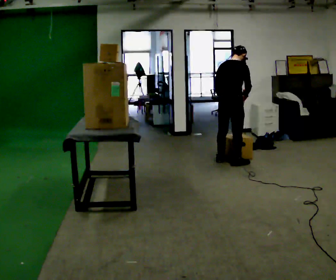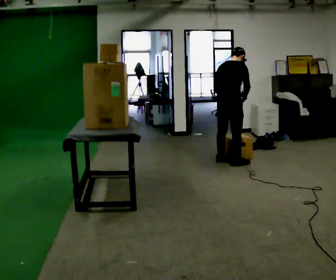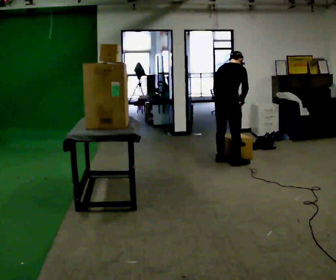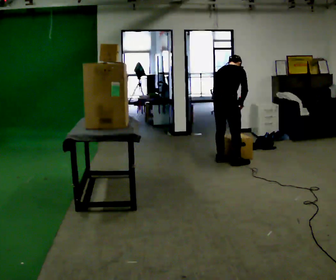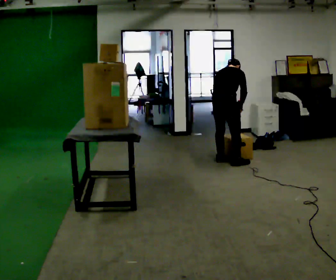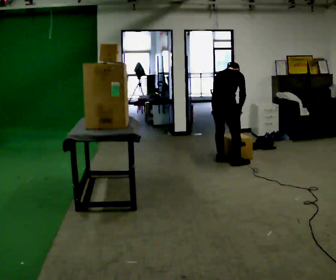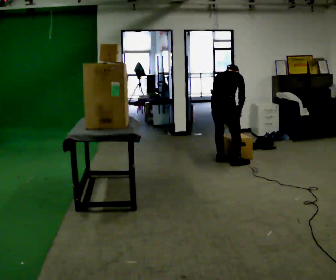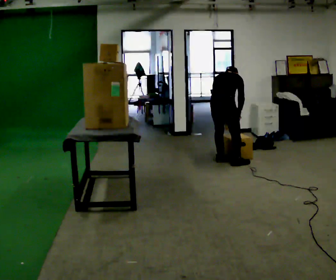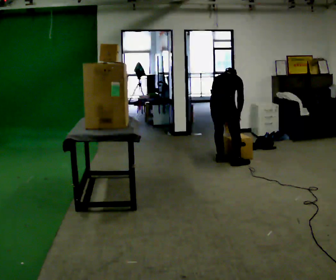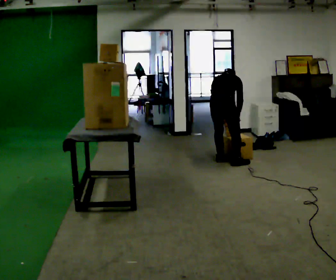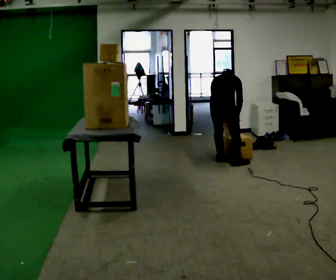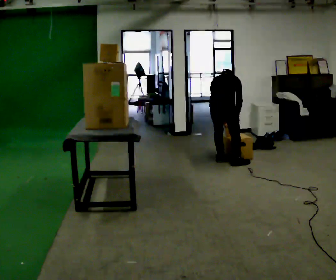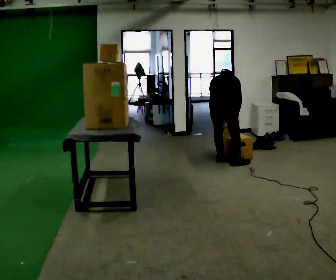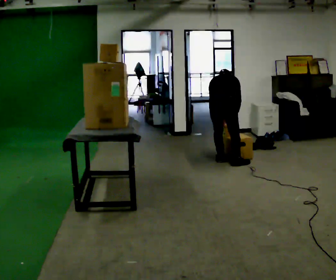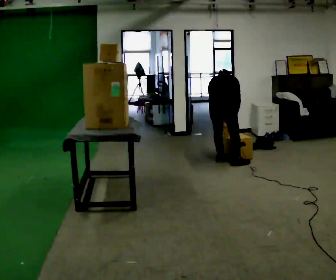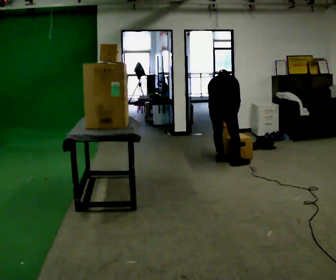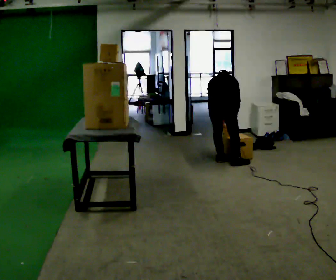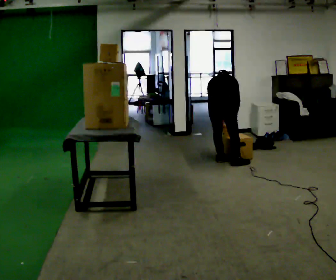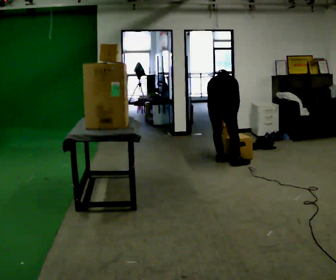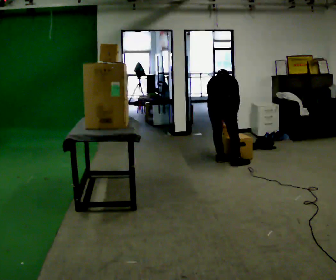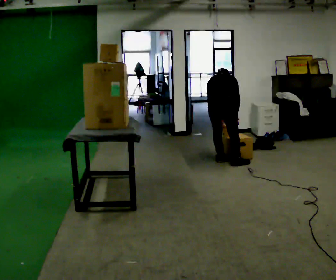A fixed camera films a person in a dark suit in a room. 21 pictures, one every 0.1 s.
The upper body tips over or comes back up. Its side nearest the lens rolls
upward.
0.0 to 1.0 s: The shoulders move downward. The upper body tips away from the camera, its near side rolling upward, as they bend forward. In the picture their right hand goes downward.
1.0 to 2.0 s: The person moves a little, or ends about where they began.
The film runs forward here.
